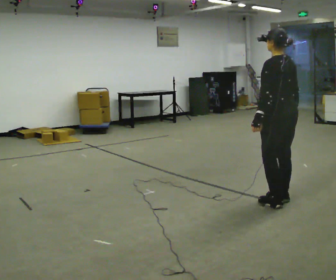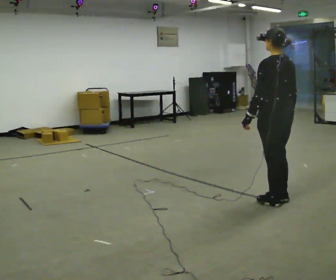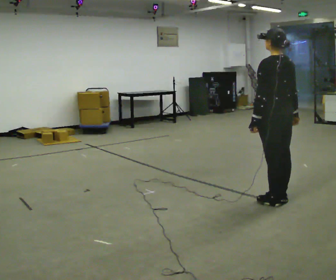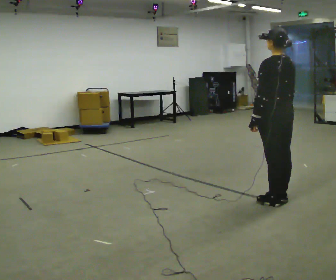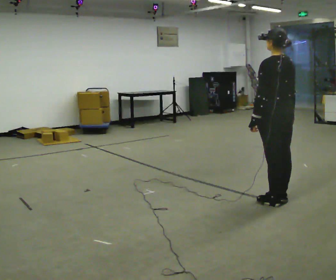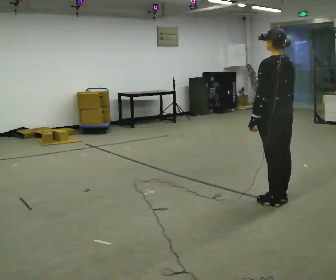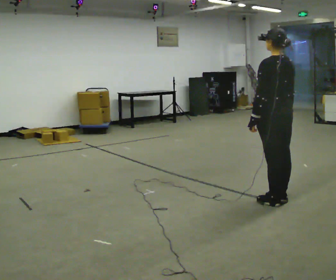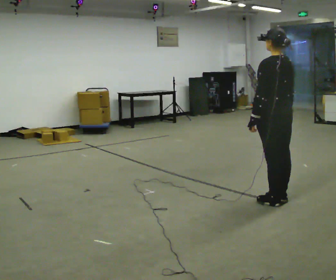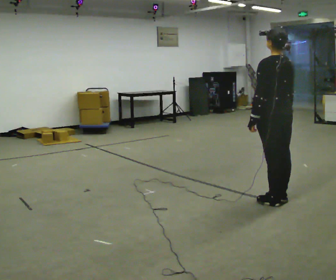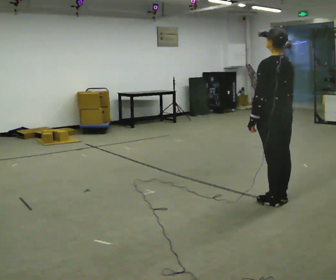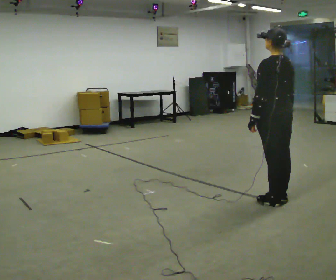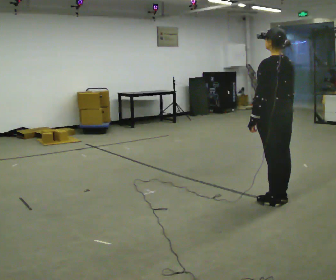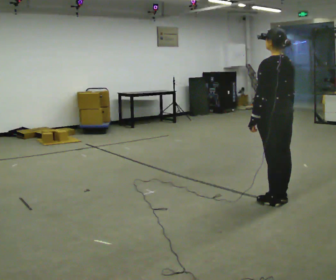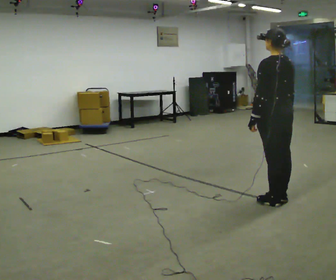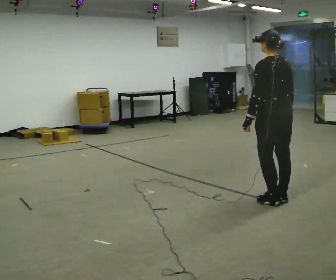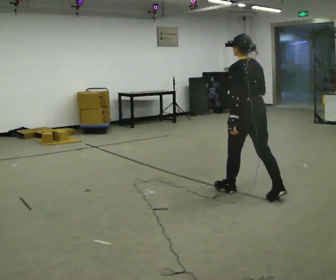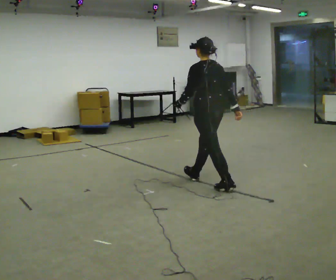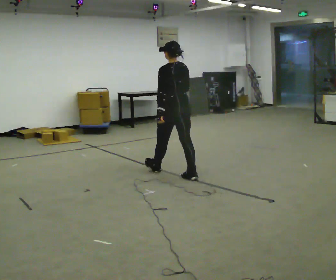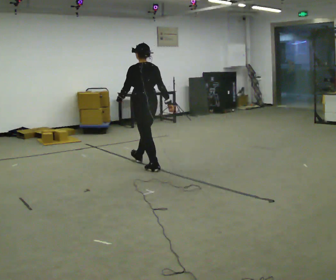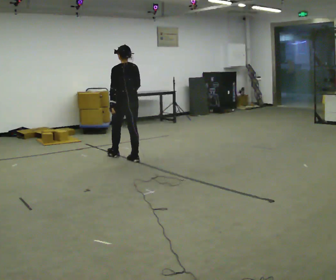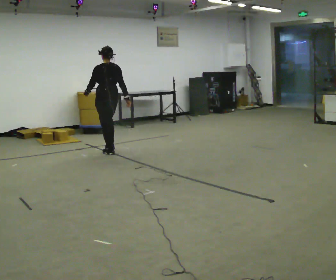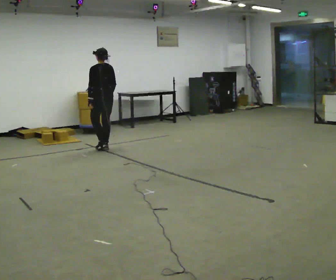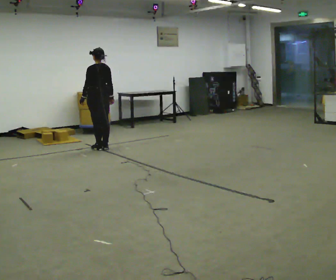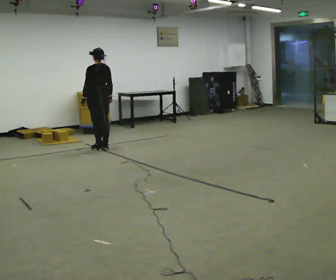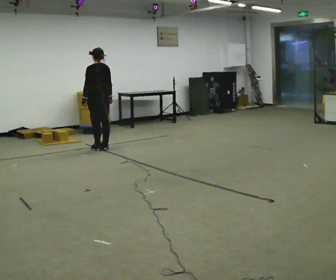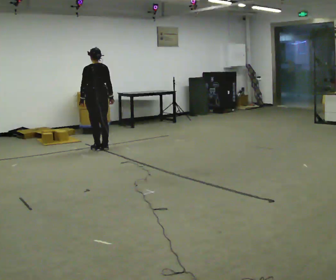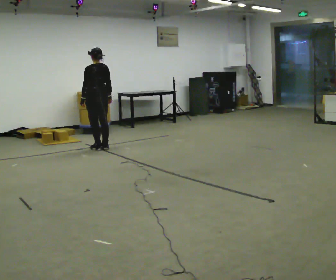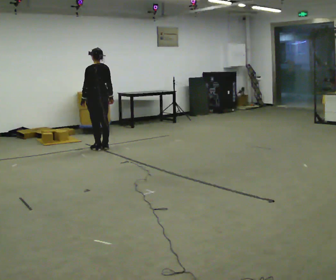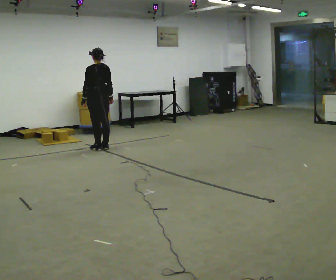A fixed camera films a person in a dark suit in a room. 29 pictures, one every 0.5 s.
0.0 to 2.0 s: The person moves a little, or ends about where they began.
2.0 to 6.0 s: The person keeps their place and pose.
6.0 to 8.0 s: In the picture they go to the left and away from the camera, about 1 m in 1 step, which for them is forward.
8.0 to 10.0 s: In the picture they go to the left and away from the camera, about 2 m in 4 steps, which for them is forward.
10.0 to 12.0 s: In the picture they go to the left and away from the camera, about 0.25 m in 2 steps, which for them is forward.
12.0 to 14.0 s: The person moves a little, or ends about where they began.
The film runs forward here.
